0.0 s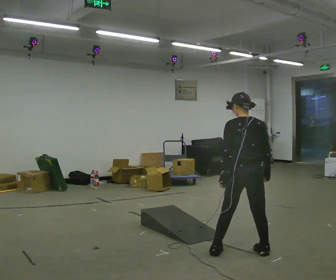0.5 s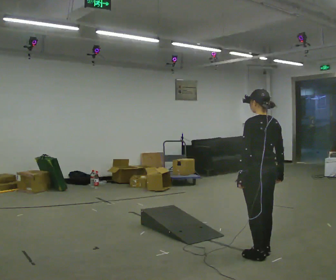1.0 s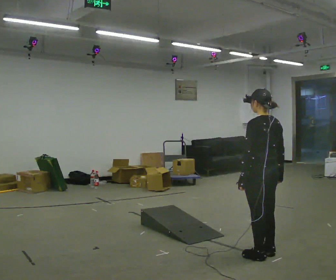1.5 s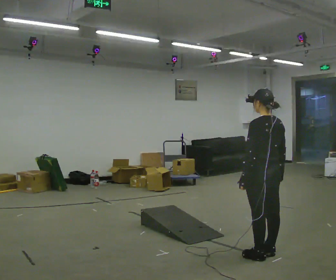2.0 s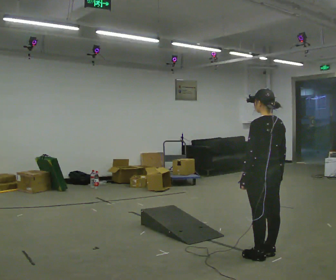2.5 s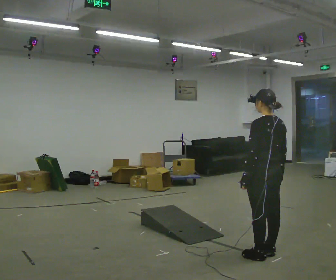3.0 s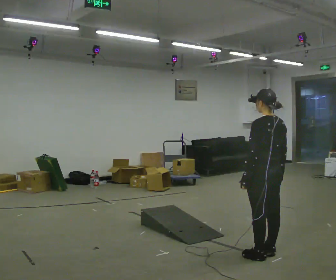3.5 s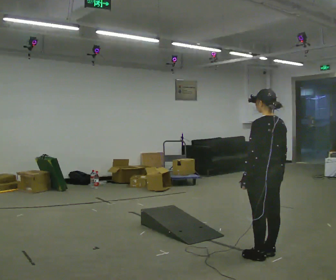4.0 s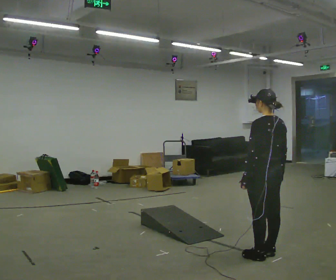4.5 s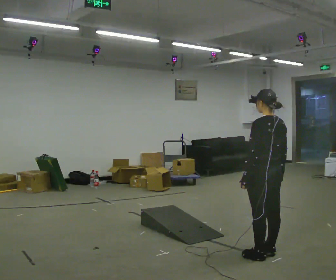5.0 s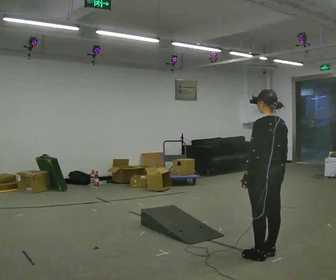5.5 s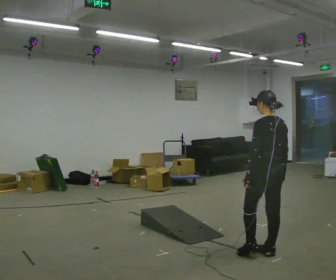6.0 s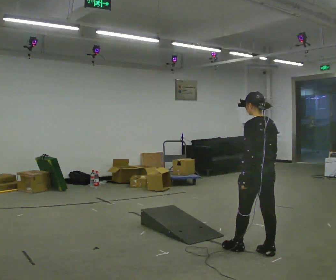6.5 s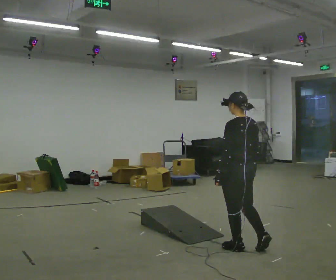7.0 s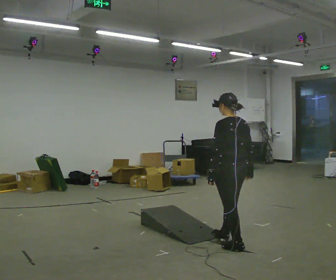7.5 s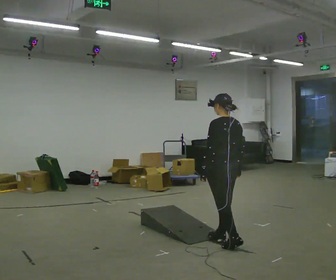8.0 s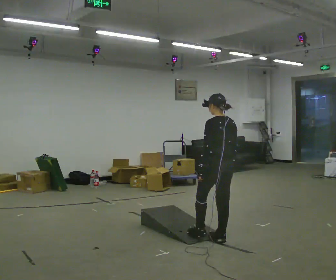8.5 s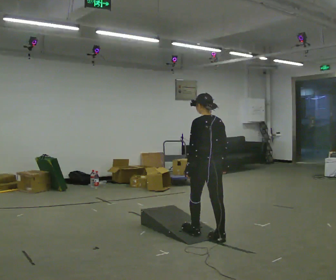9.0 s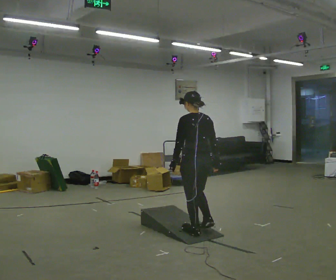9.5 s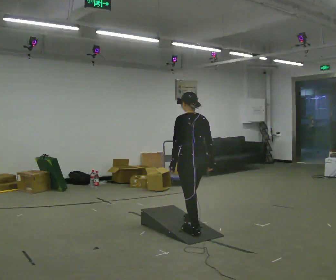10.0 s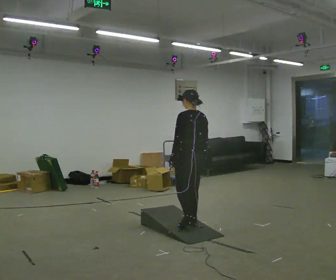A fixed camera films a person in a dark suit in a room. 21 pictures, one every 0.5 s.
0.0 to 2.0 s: In the picture they go to the right, about 0.25 m in 1 step, which for them is backward.
2.0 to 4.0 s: The person keeps their place and pose.
4.0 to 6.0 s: The person moves a little, or ends about where they began.
6.0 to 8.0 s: In the picture they go to the left and away from the camera, about 0.5 m in 1 step, which for them is forward.
8.0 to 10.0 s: In the picture they go to the left and away from the camera, about 0.5 m in 2 steps, which for them is forward.
The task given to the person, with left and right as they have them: Walk up the ramp, turn at the top, and walk back down at a comfortable speed.
The film runs forward here.
